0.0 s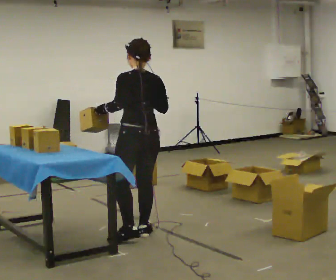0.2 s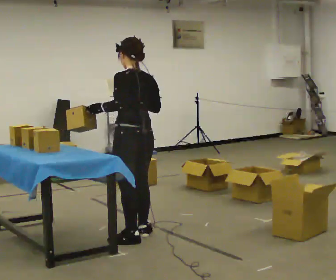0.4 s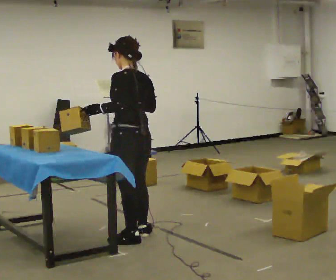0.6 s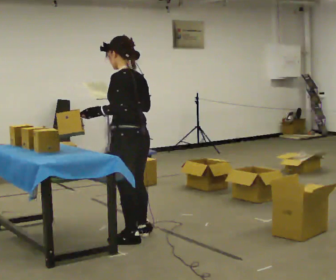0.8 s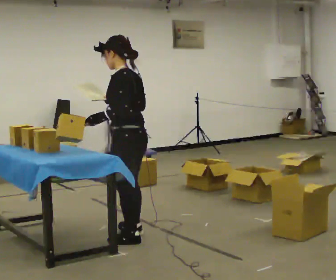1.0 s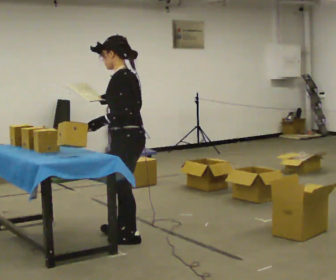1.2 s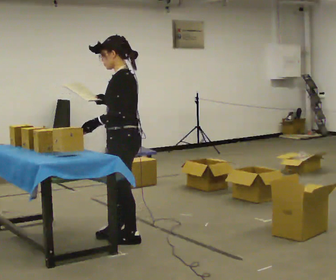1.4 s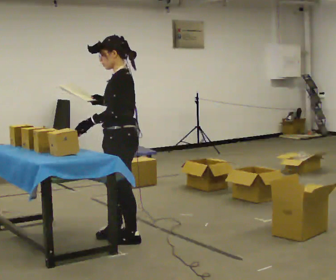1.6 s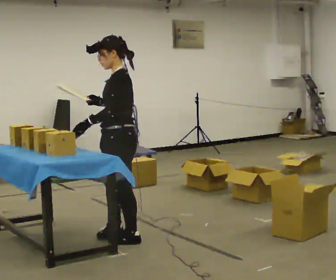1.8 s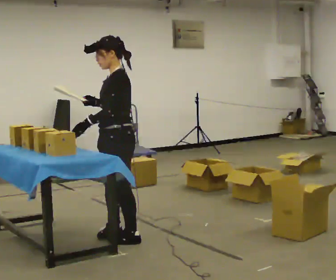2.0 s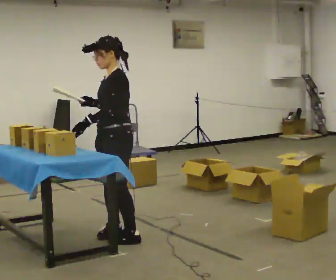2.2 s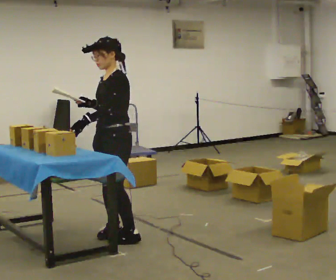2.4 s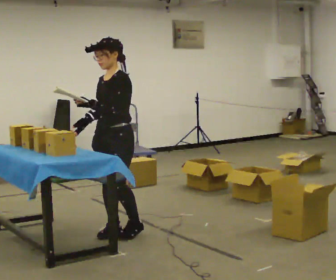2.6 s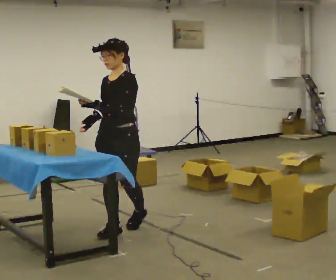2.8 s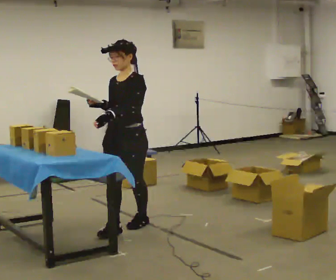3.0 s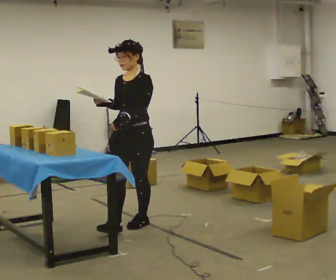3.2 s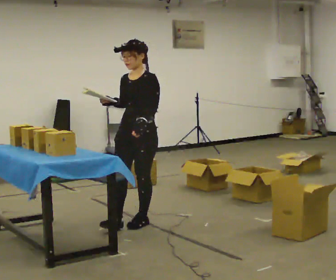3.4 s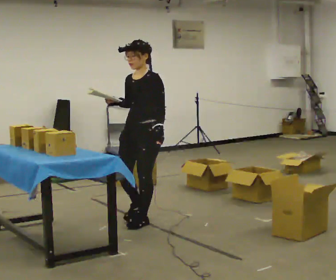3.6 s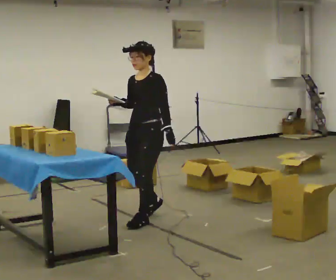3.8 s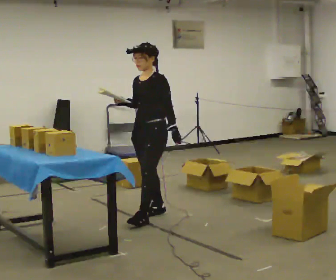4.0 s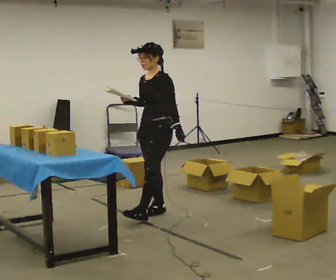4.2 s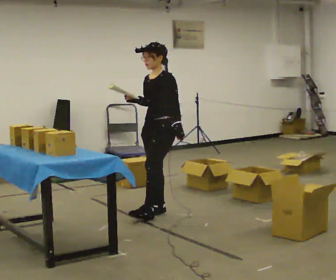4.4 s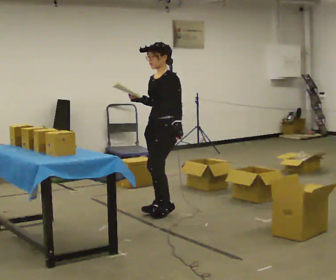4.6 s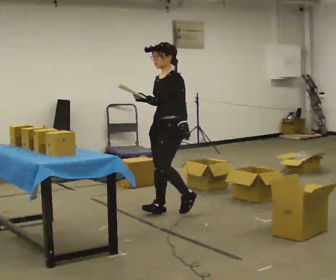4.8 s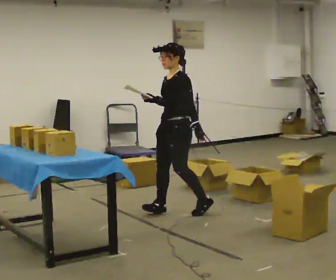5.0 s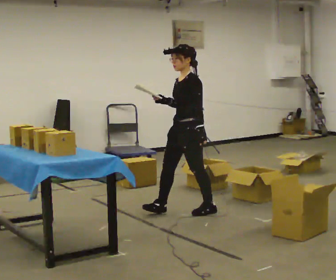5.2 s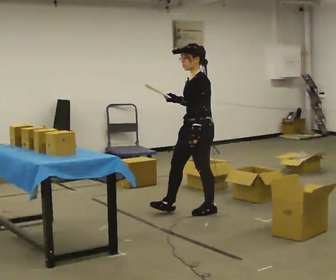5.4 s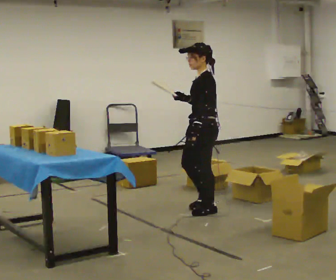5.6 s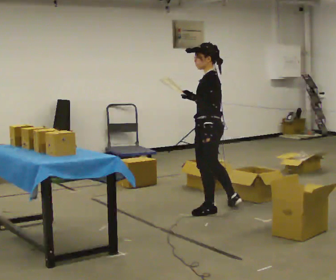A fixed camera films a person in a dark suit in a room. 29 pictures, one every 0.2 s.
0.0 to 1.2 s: The part of the body nearest the lens slides to the right as the person turns to their left by about 60 degrees. In the picture they go toward the camera, about 0.25 m in 1 step, which for them is to their left. In the picture their right hand goes to the left.
1.2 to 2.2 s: The person turns about 45 degrees to their left, counterclockwise seen from above, so the part of the body nearest the lens slides to the right. In the picture they go away from the camera, about 0.25 m, which for them is to their right.
2.2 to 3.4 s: In the picture they go away from the camera and to the right, about 0.5 m in 2 steps, which for them is backward.
3.4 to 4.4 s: In the picture they go away from the camera and to the right, about 0.5 m in 1 step, which for them is backward.
4.4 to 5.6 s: Seen from above the body turns clockwise, about 45 degrees: to their right, with its near side sliding to the left. In the picture they go to the right, about 0.5 m in 1 step, which for them is backward and to their left.
The film runs backward here.
